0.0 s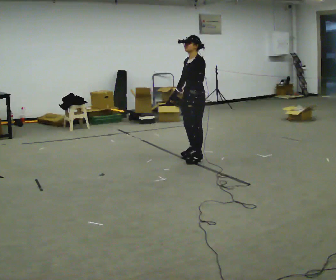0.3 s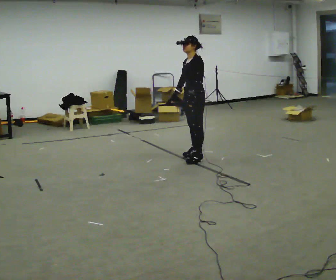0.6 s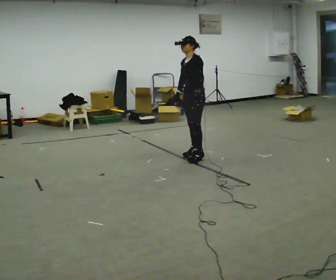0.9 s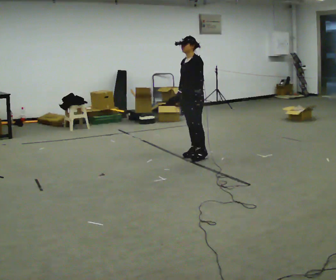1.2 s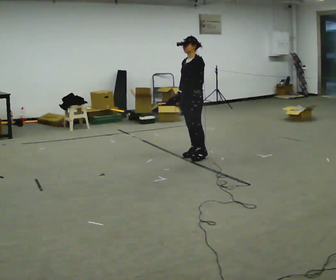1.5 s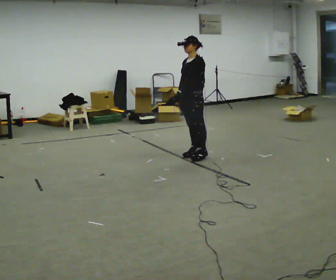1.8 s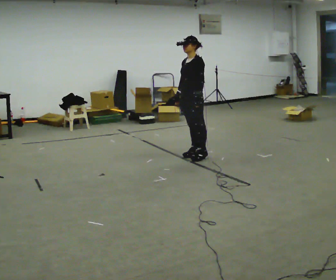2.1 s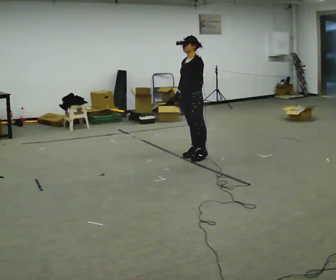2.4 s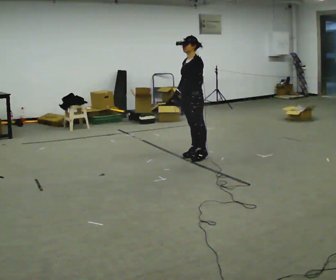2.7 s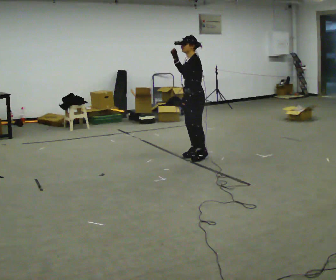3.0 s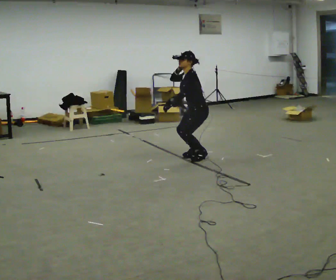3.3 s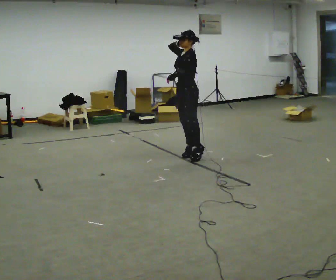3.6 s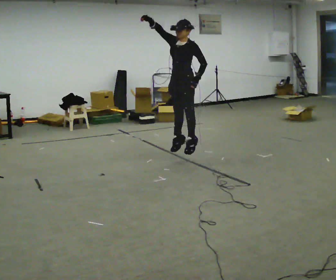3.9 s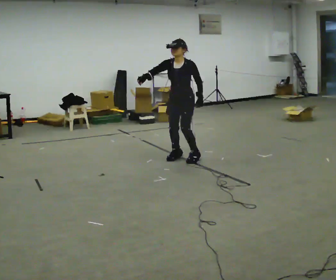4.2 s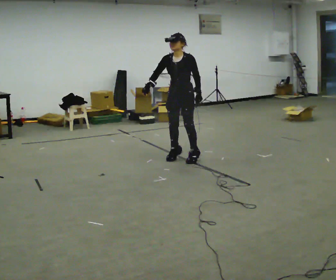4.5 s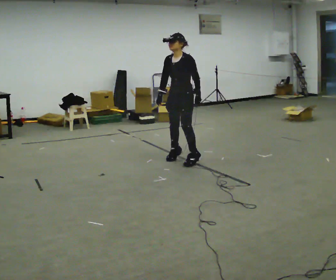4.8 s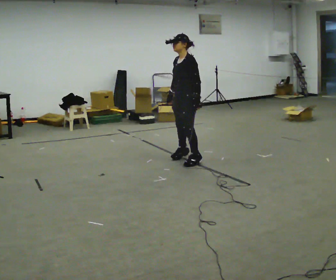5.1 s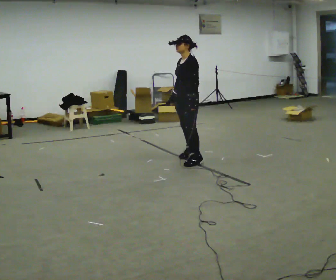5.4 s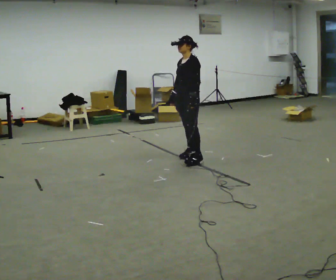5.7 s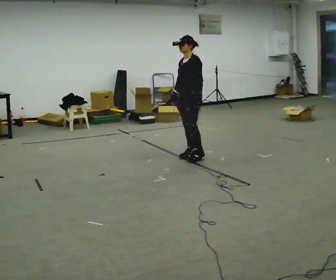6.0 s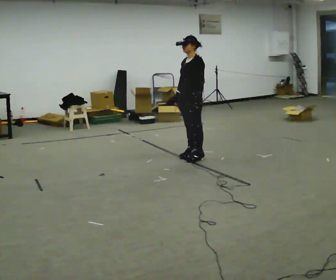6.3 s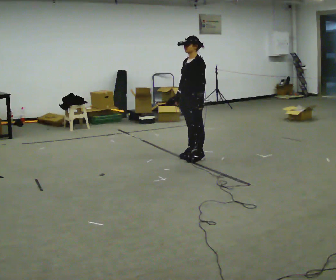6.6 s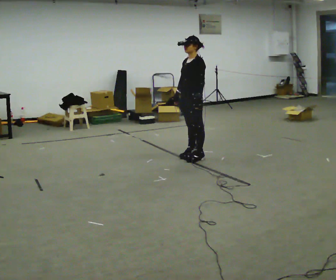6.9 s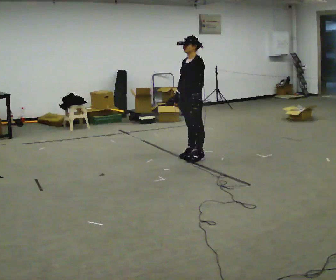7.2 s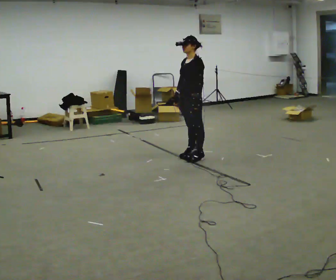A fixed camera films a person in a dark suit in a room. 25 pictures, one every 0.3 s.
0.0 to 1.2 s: In the picture they go away from the camera, about 0.25 m in 1 step, which for them is to their right.
1.2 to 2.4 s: The person moves a little, or ends about where they began.
2.4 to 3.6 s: The person turns about 30 degrees to their left, counterclockwise seen from above, so the part of the body nearest the lens slides to the right. In the picture their right hand goes upward.
3.6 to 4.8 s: The part of the body nearest the lens slides to the left as the person turns to their right by about 30 degrees. In the picture they go toward the camera, about 0.25 m in 2 steps, which for them is to their left and forward. In the picture their right hand goes downward, the arm swinging counterclockwise.
4.8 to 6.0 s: In the picture they go away from the camera, about 0.25 m in 2 steps, which for them is backward and to their right.
6.0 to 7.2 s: The person moves a little, or ends about where they began.
The film runs forward here.
